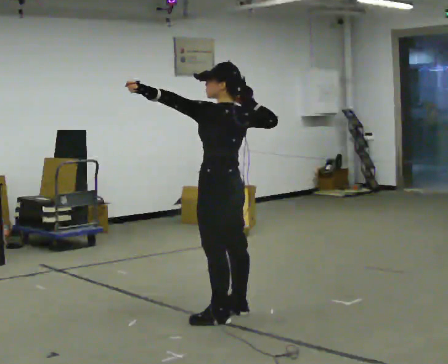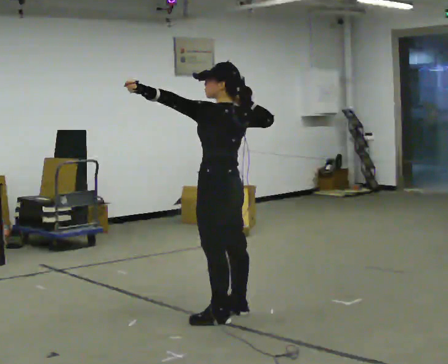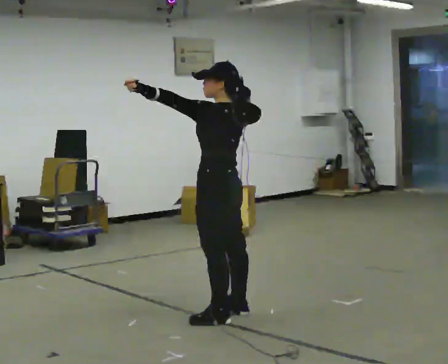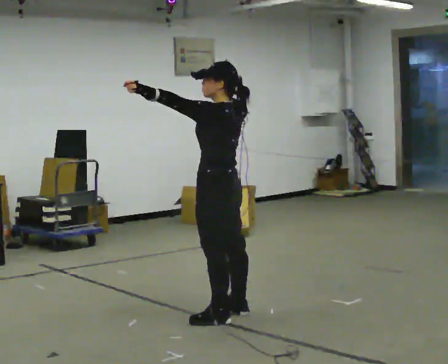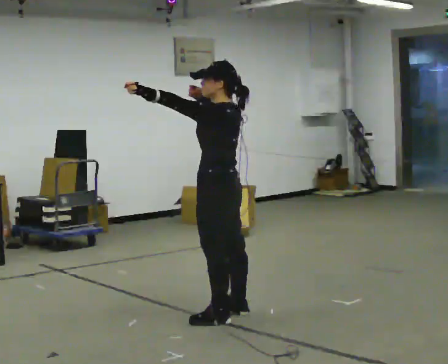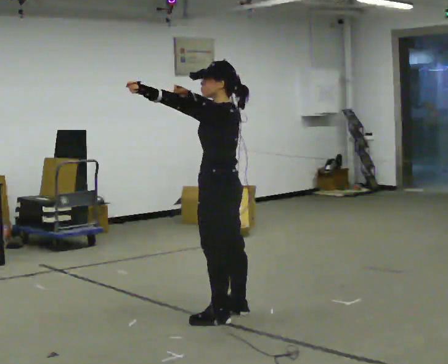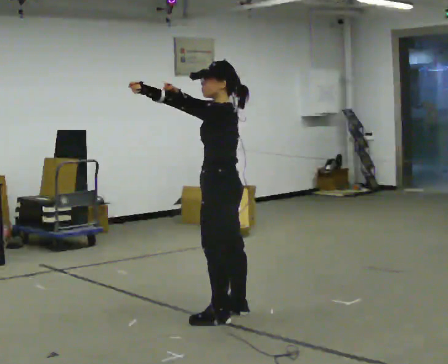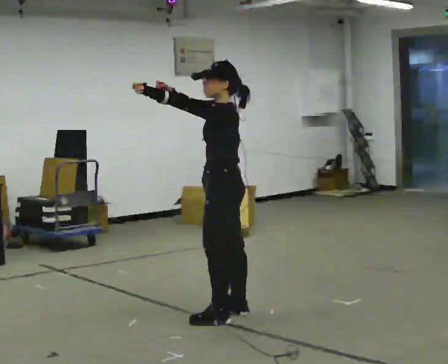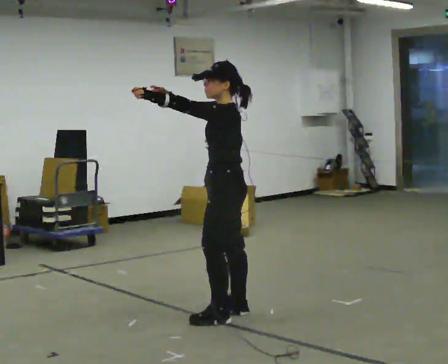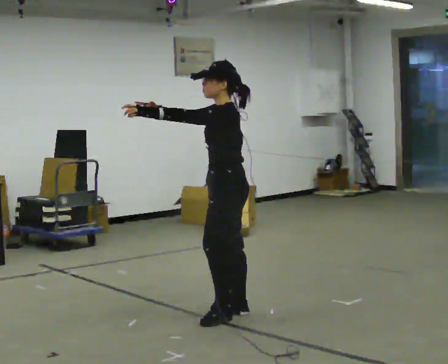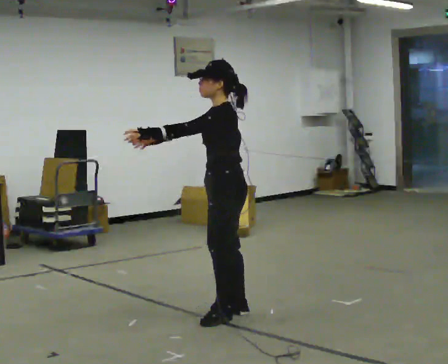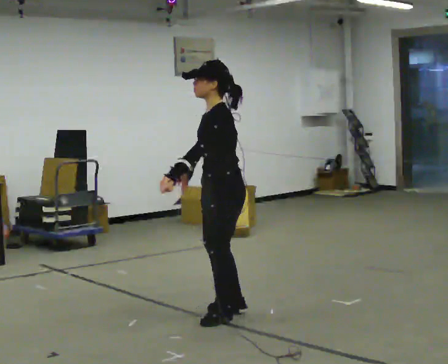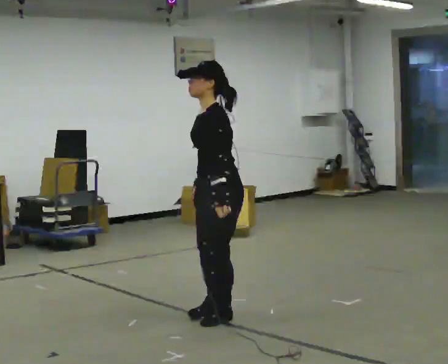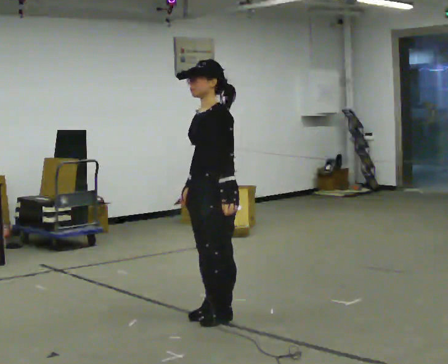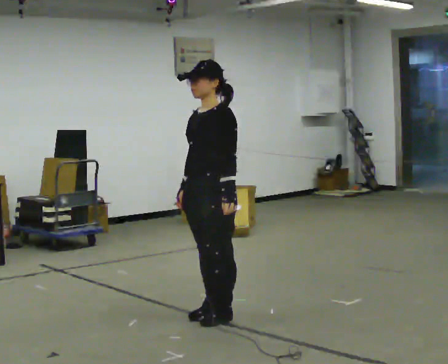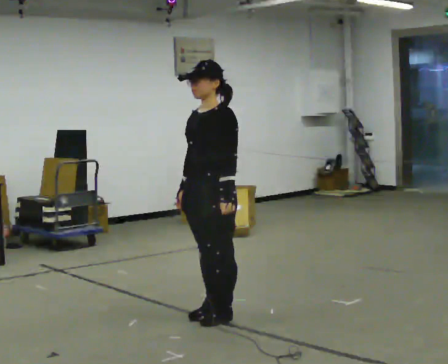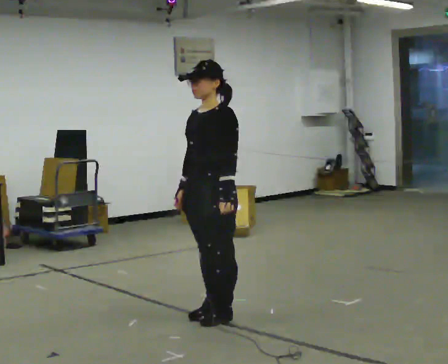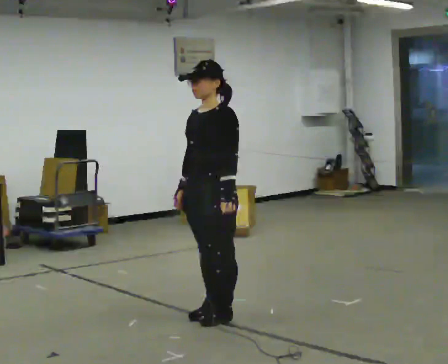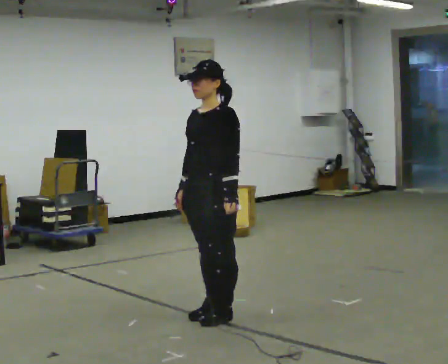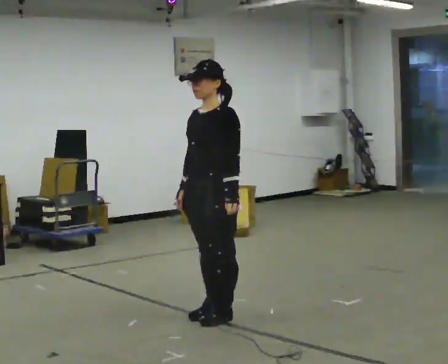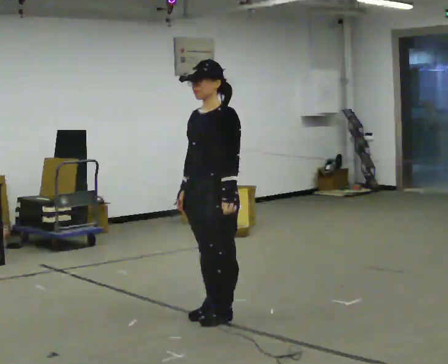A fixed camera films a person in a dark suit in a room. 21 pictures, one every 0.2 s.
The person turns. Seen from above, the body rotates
counterclockwise.
The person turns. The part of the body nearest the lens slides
to the right.
0.0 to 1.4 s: Seen from above the body turns counterclockwise, about 30 degrees: to their left, with its near side sliding to the right. In the picture their right hand goes to the left.
1.4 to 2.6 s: In the picture their left hand goes downward and to the right, the arm swinging counterclockwise.
2.6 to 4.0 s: The person moves a little, or ends about where they began.
The film runs backward here.
